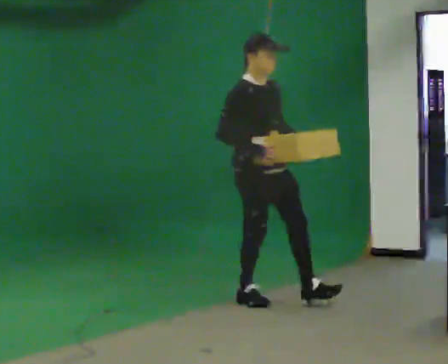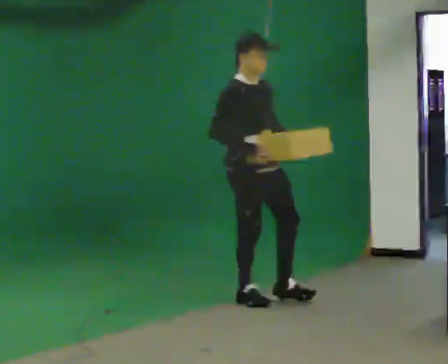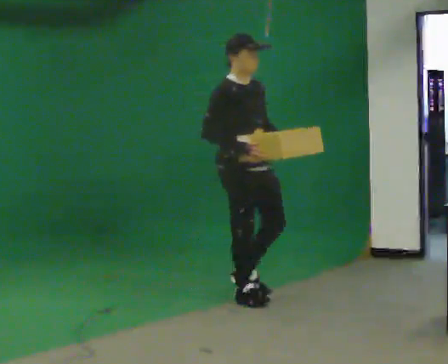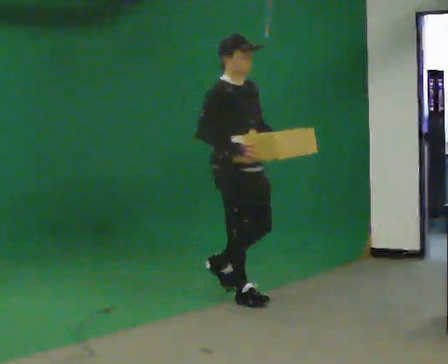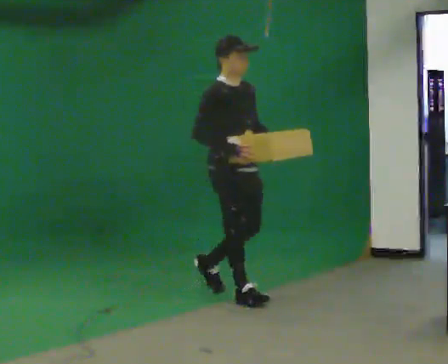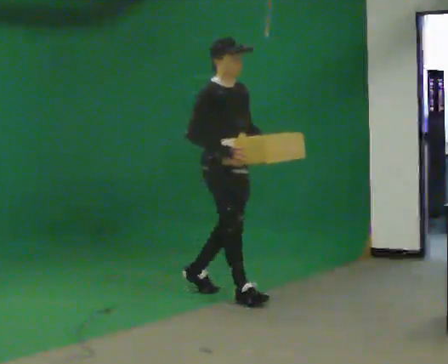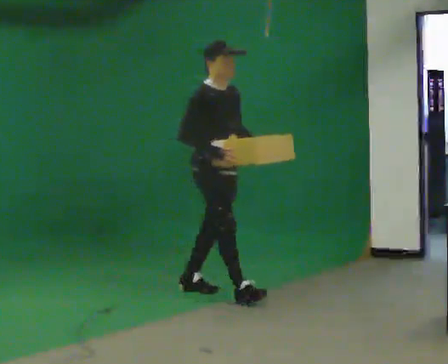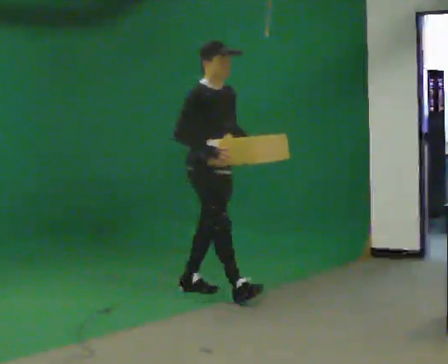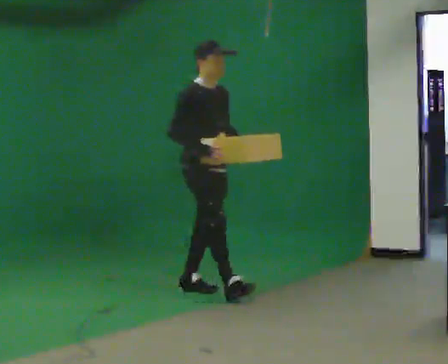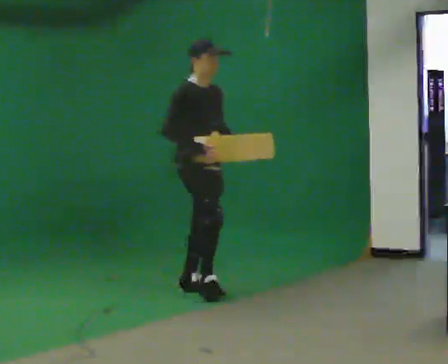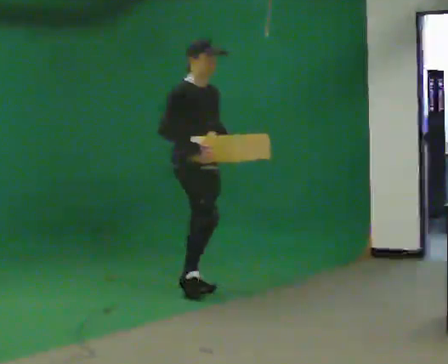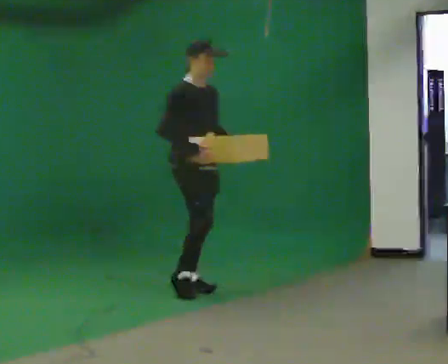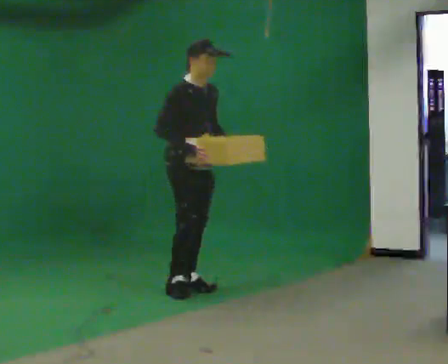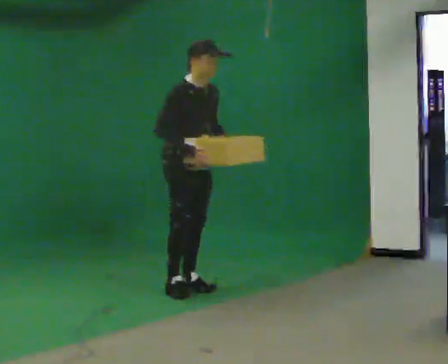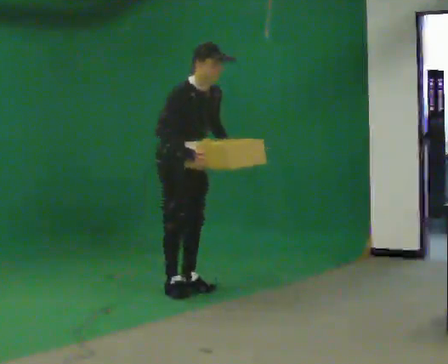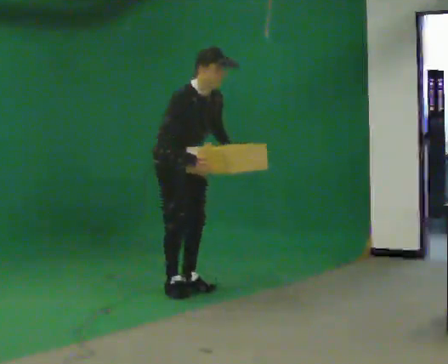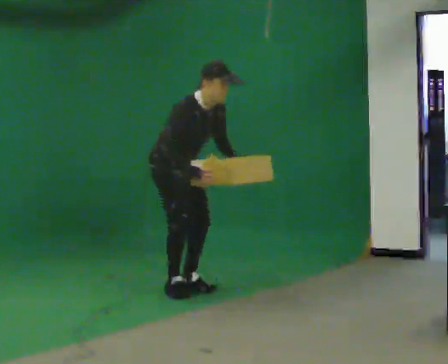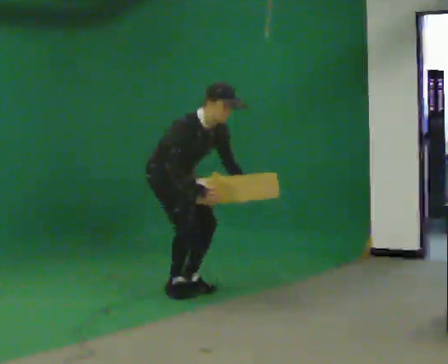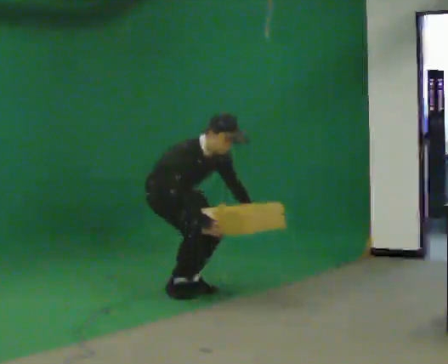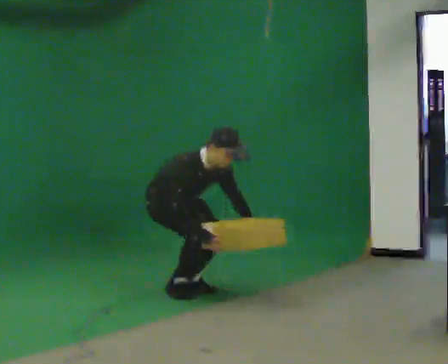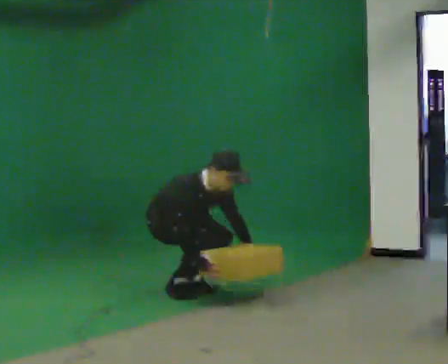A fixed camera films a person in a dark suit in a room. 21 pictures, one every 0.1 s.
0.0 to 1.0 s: In the picture they go away from the camera and to the left, about 0.75 m in 1 step, which for them is backward.
1.0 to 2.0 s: In the picture they go to the left, about 0.25 m, which for them is backward. The shoulders move downward. In the picture the upper body tilts clockwise, shoulders to the right, as they bend forward. In the picture their right hand goes downward.
The film runs backward here.
